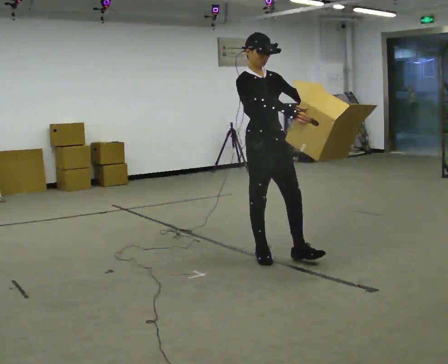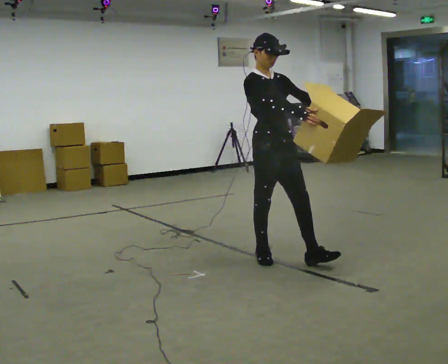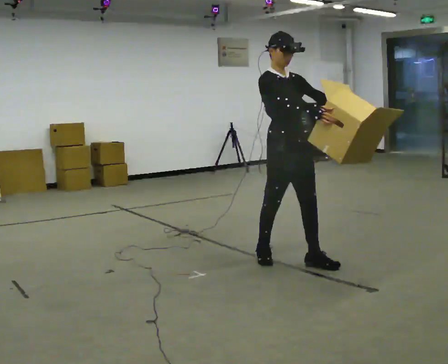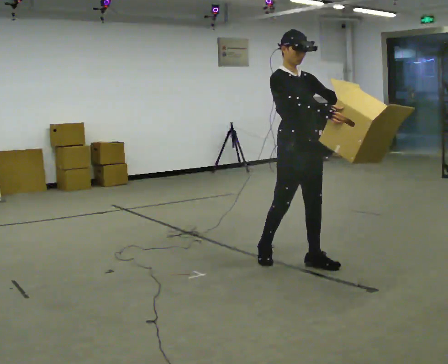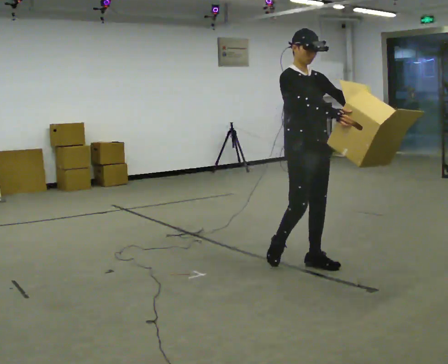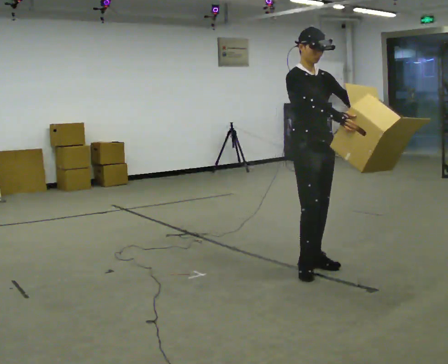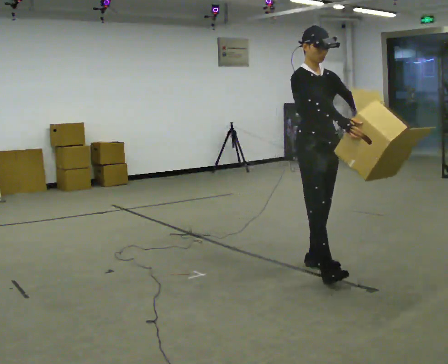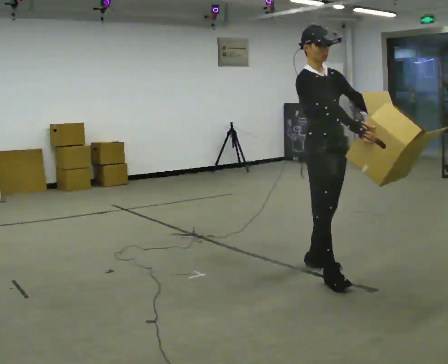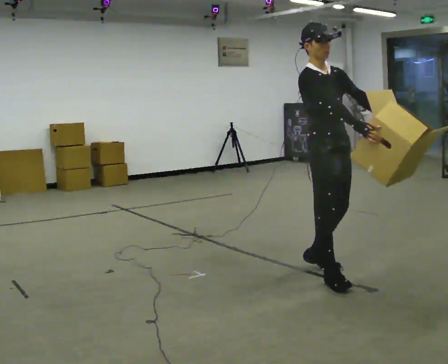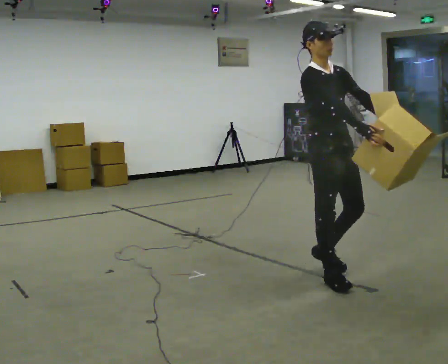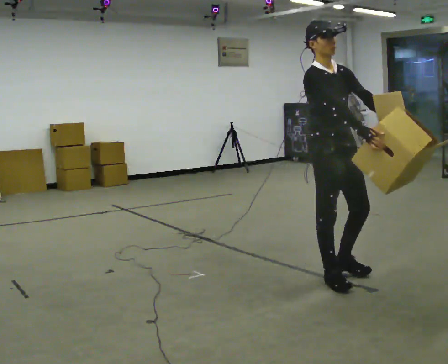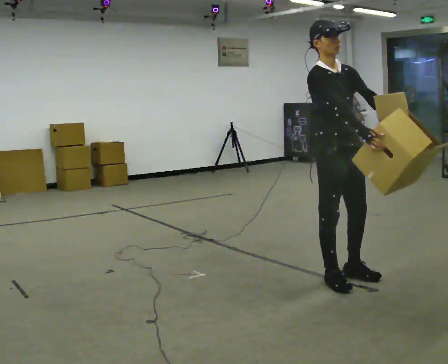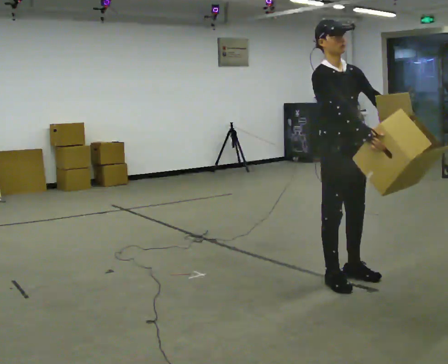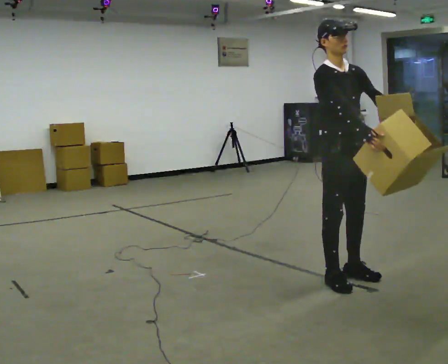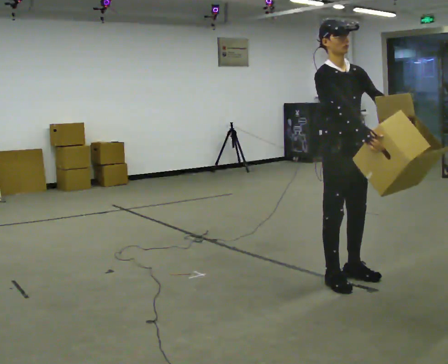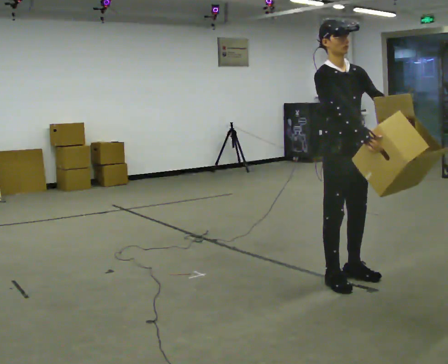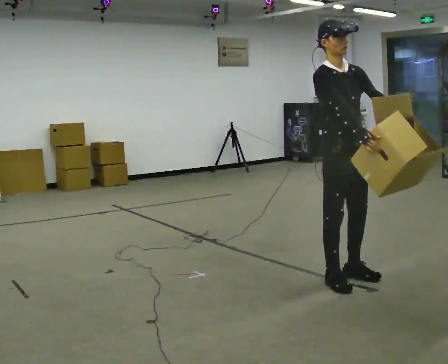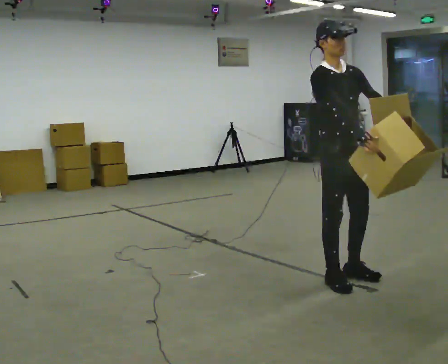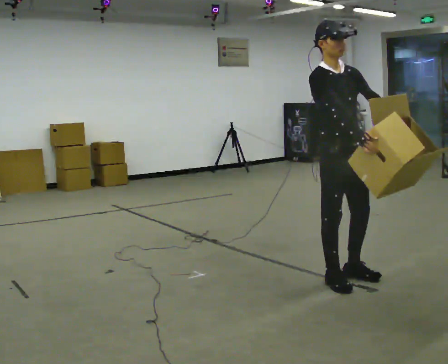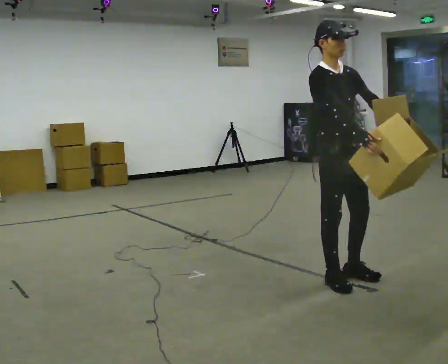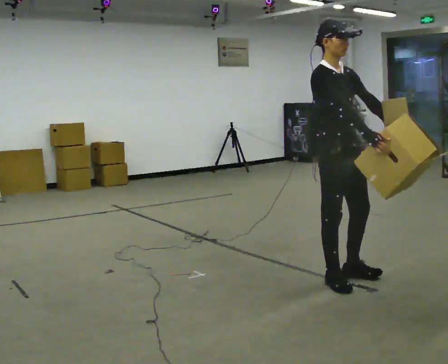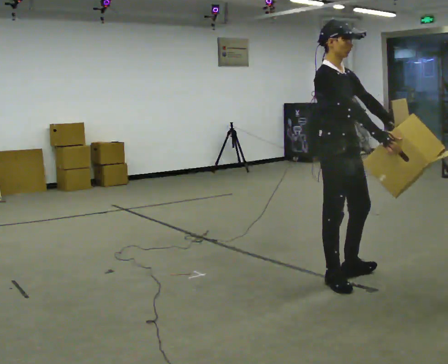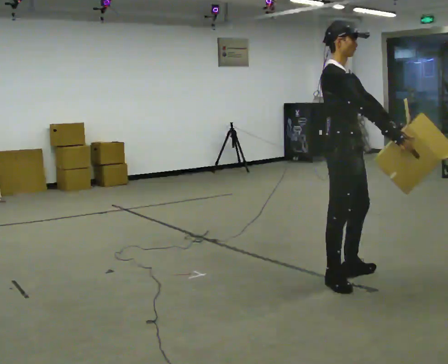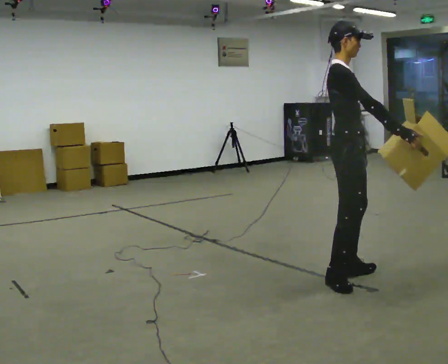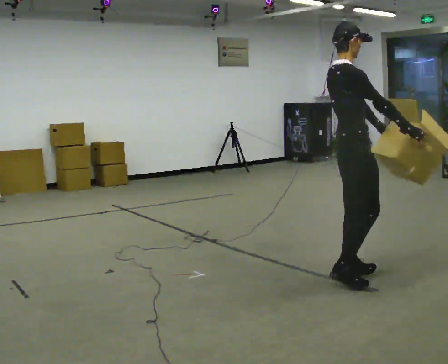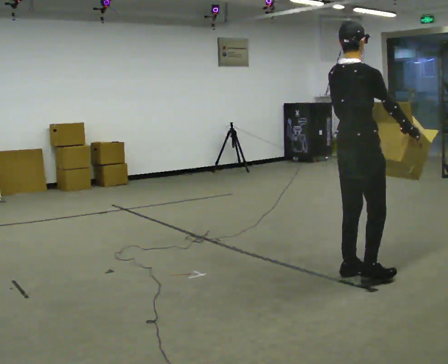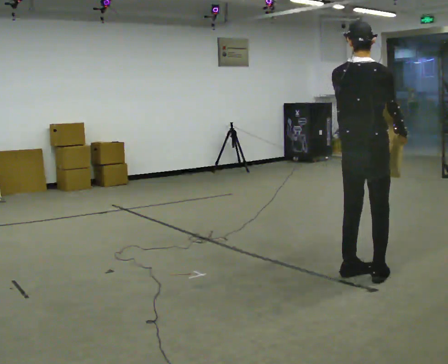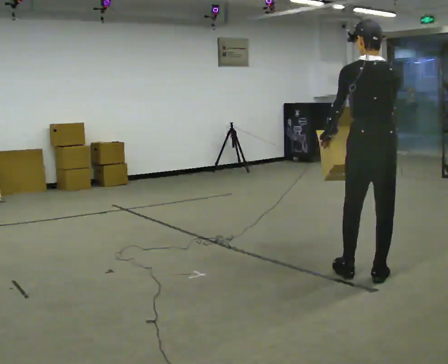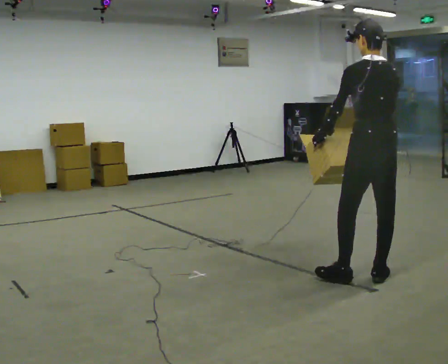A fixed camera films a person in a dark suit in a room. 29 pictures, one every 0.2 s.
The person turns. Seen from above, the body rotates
counterclockwise.
Their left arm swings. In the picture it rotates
clockwise.
0.0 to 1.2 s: In the picture they go to the right and toward the camera, about 0.5 m in 1 step, which for them is forward.
1.2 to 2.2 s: In the picture they go toward the camera, about 0.25 m in 2 steps, which for them is forward.
2.2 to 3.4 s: The person moves a little, or ends about where they began.
3.4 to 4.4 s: The part of the body nearest the lens slides to the right as the person turns to their left by about 30 degrees.
4.4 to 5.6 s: The part of the body nearest the lens slides to the right as the person turns to their left by about 135 degrees. In the picture they go to the right, about 0.25 m in 1 step.
The film runs forward here.
